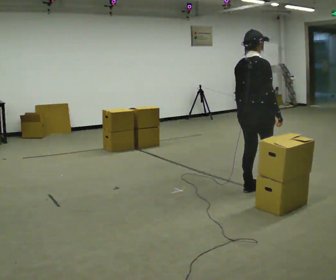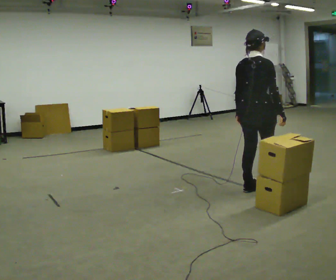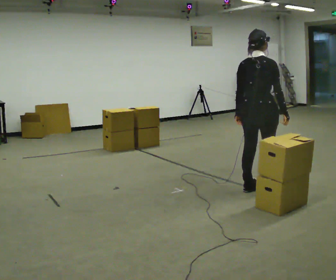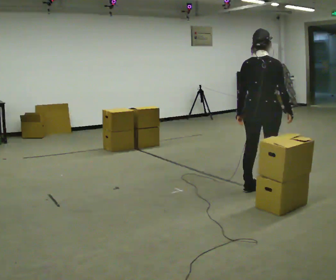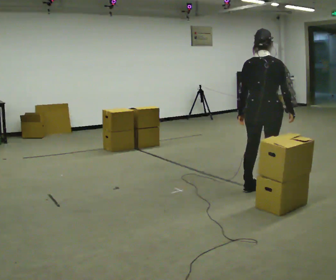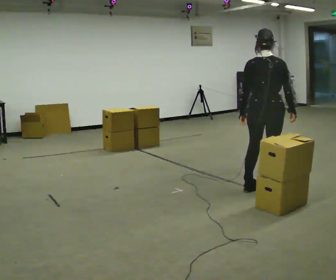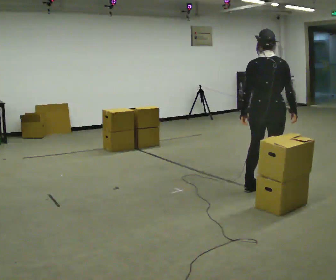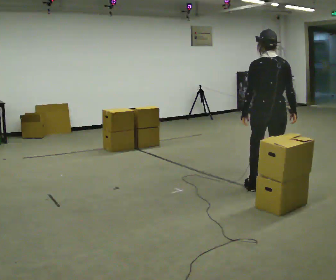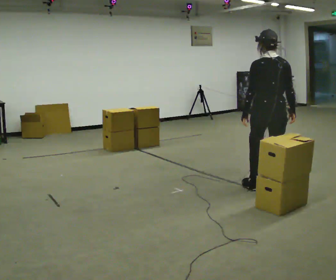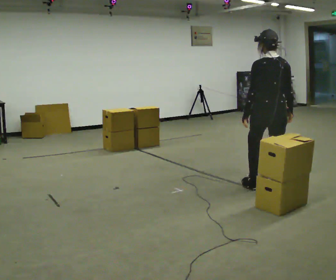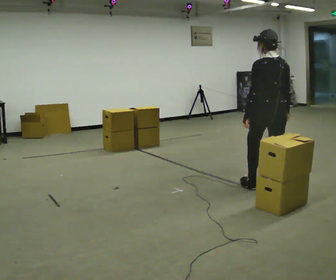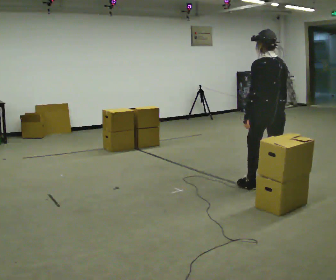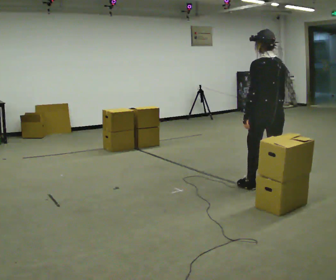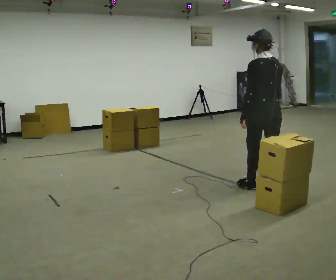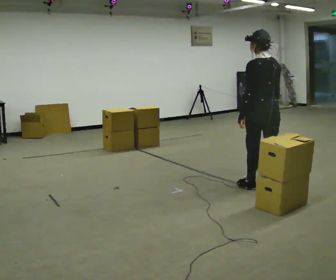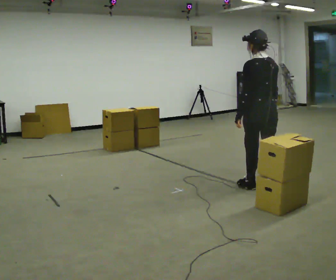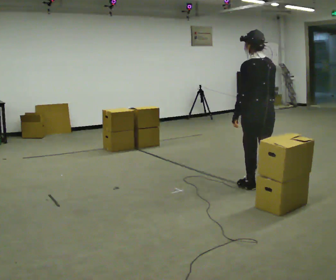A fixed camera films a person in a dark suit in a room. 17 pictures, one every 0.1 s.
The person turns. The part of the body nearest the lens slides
to the right.
The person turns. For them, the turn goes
to their left.
0.0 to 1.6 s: Seen from above the body turns counterclockwise, about 75 degrees: to their left, with its near side sliding to the right.
The film runs forward here.
